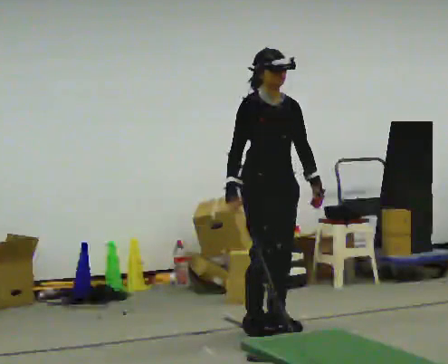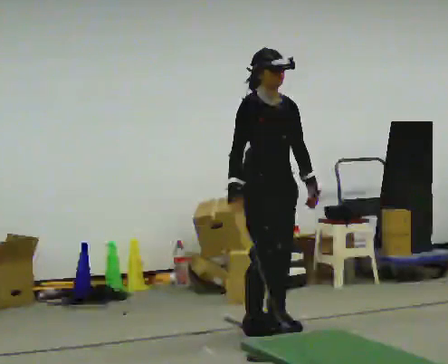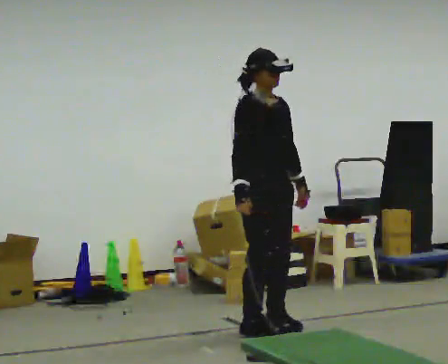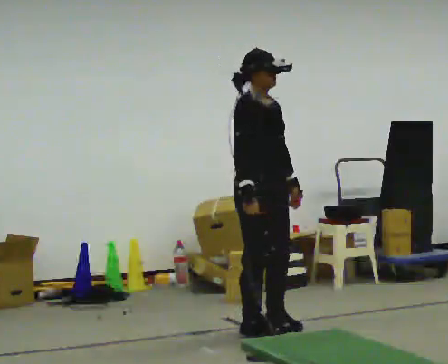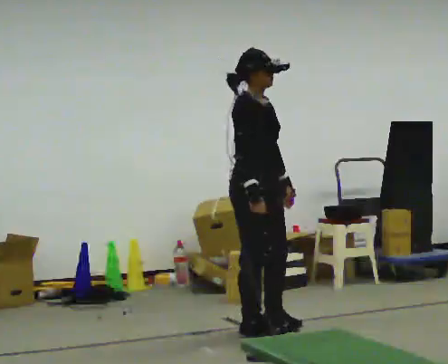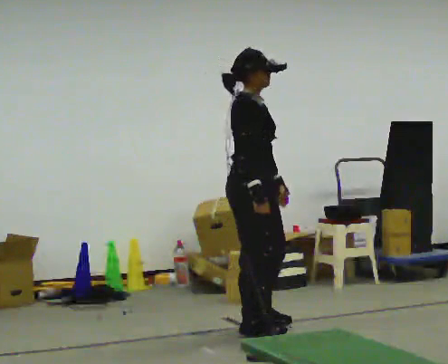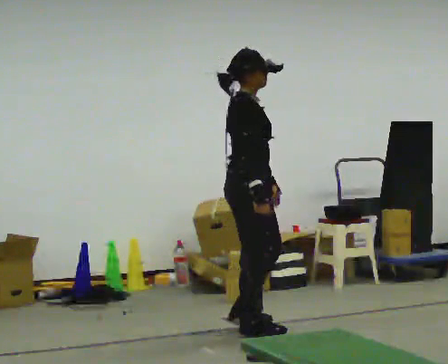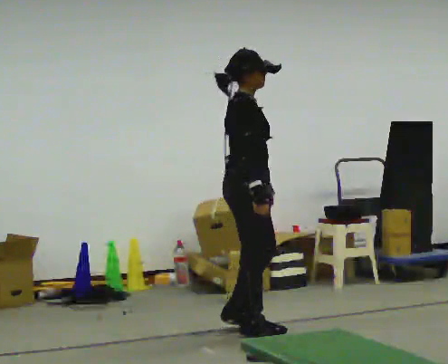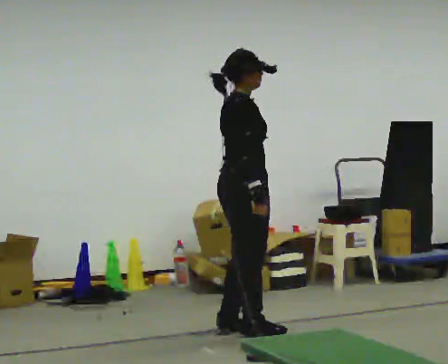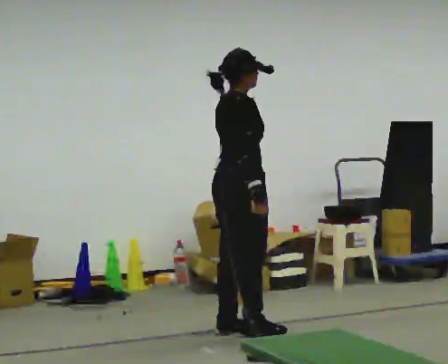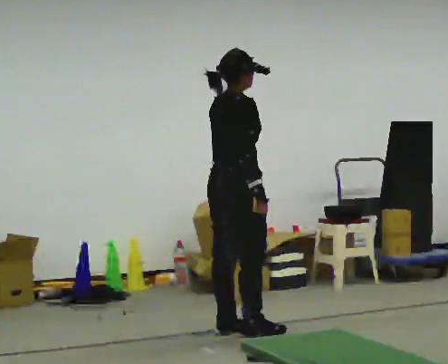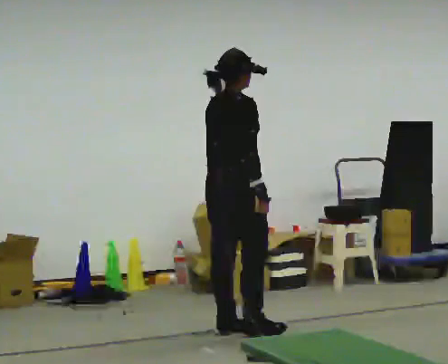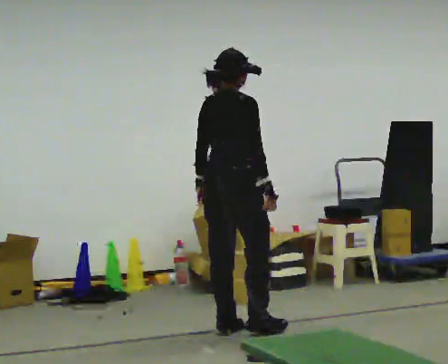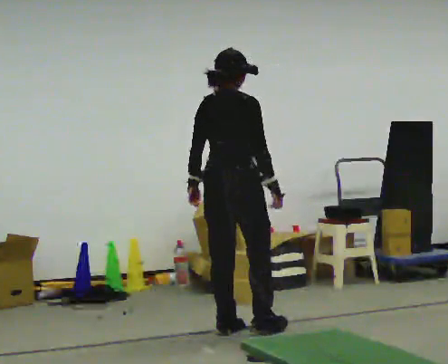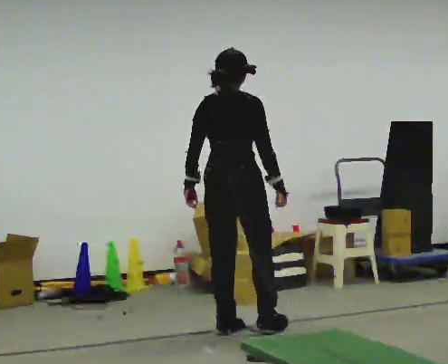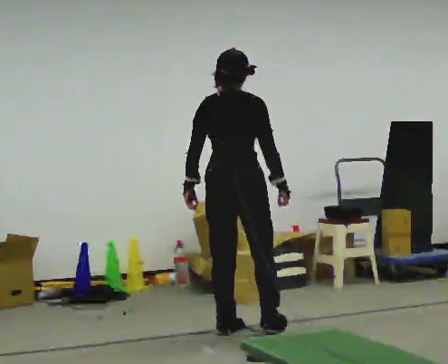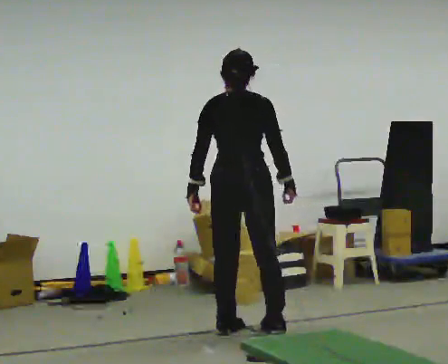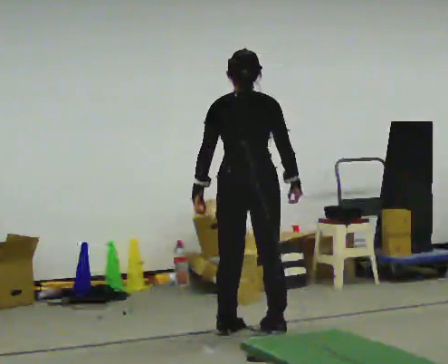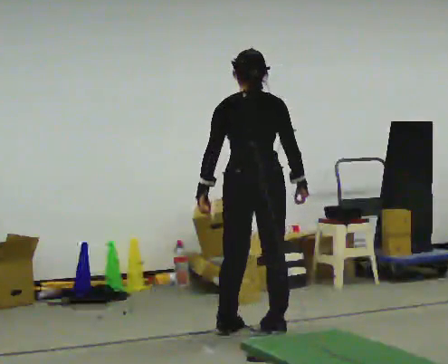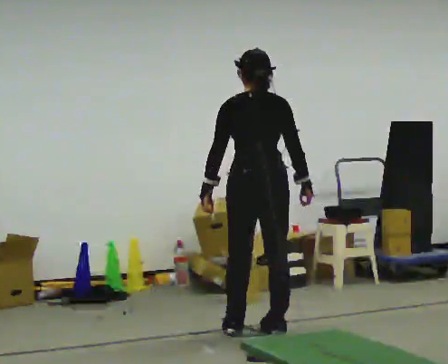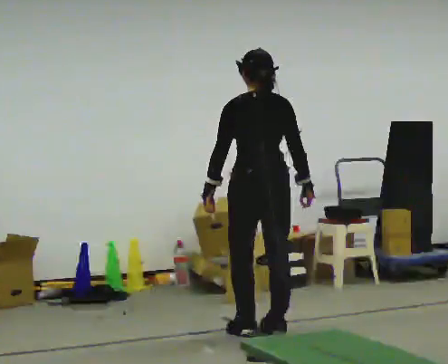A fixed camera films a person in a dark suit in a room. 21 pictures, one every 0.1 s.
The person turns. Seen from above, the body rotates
counterclockwise.
The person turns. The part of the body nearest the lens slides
to the right.
0.0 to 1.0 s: The part of the body nearest the lens slides to the right as the person turns to their left by about 75 degrees. In the picture they go to the left, about 0.25 m in 1 step. In the picture their left hand goes to the left.
1.0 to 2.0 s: The part of the body nearest the lens slides to the right as the person turns to their left by about 75 degrees. In the picture they go to the right, about 0.25 m in 1 step. In the picture their right hand goes to the right.
The film runs backward here.
